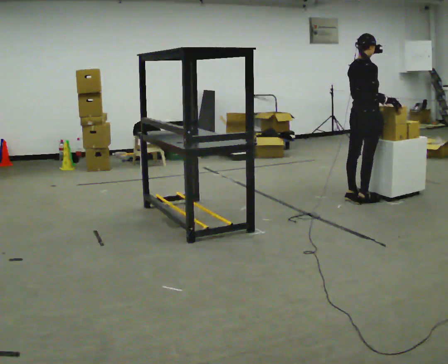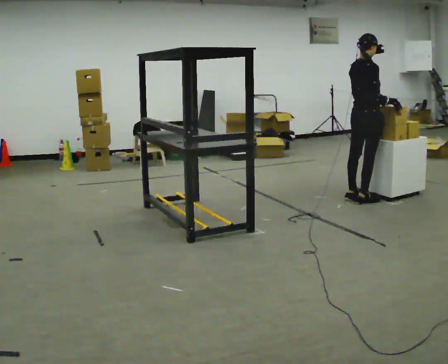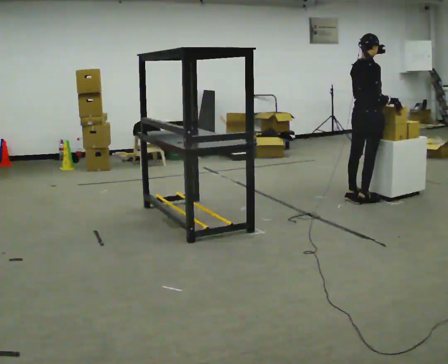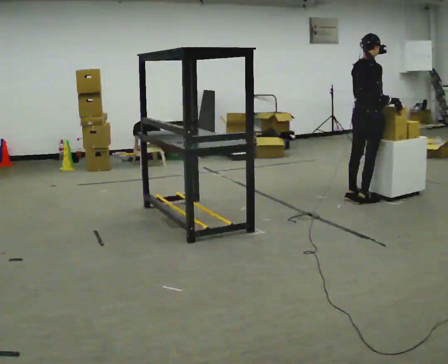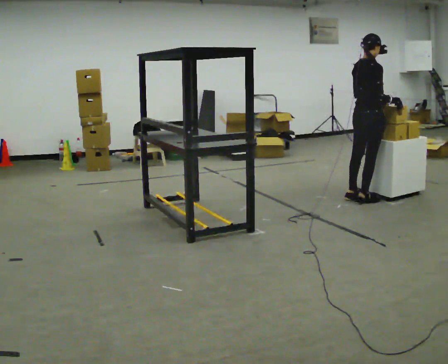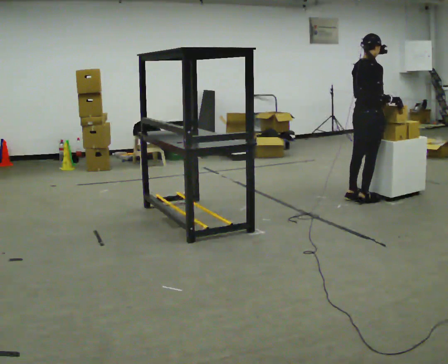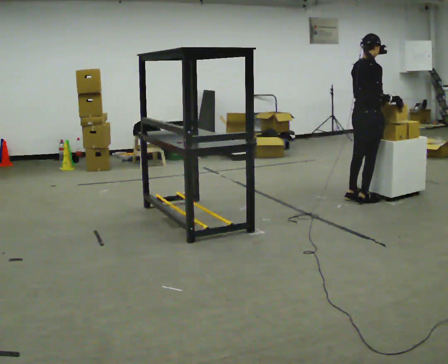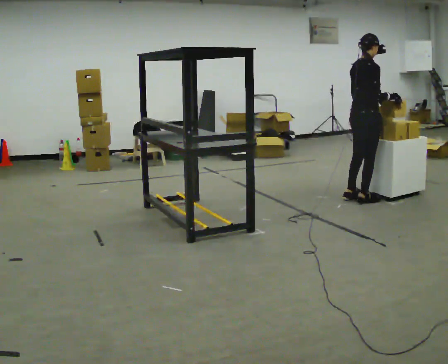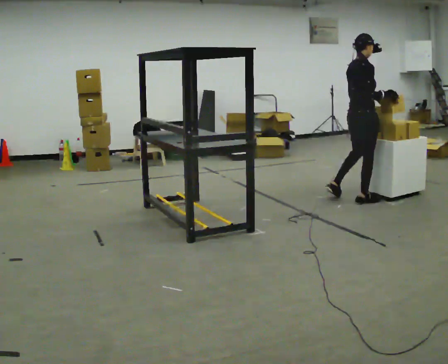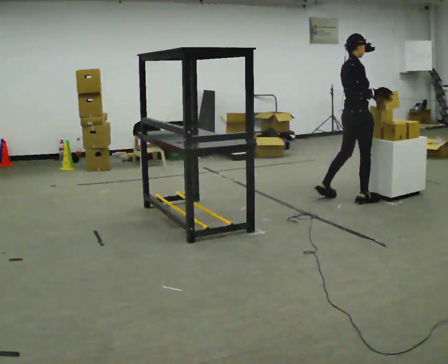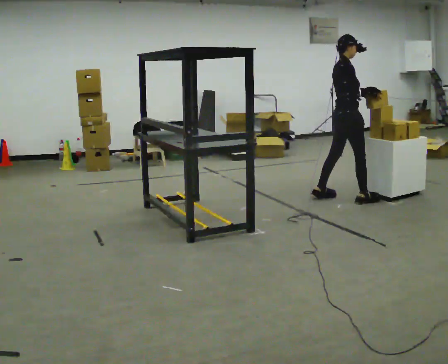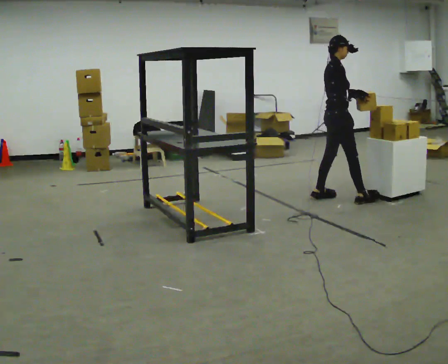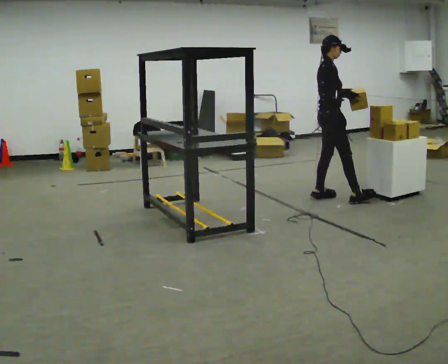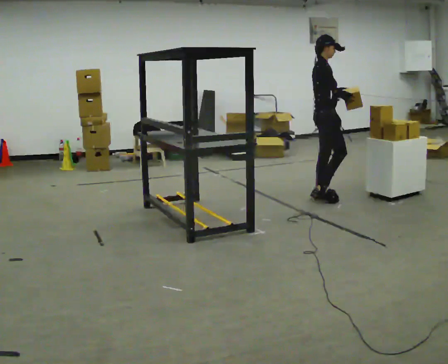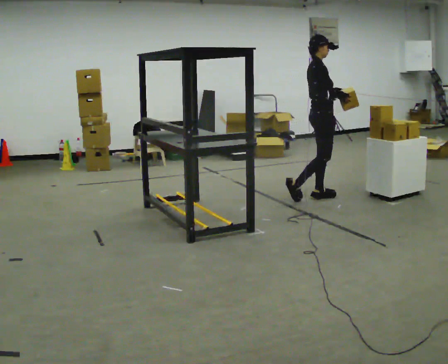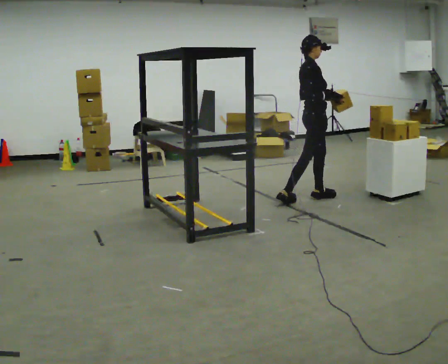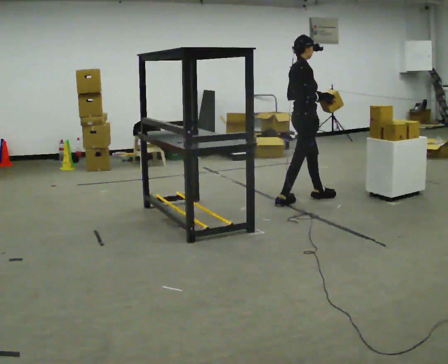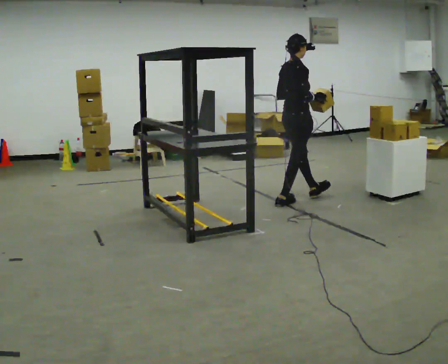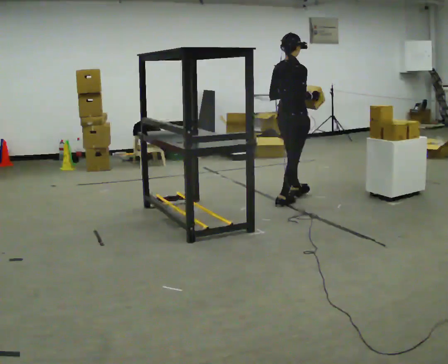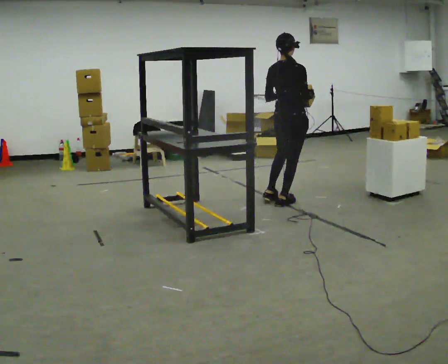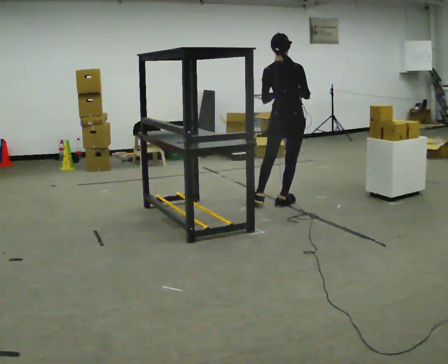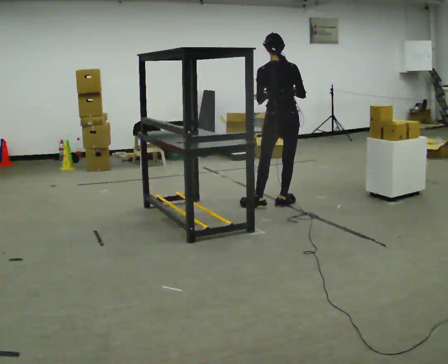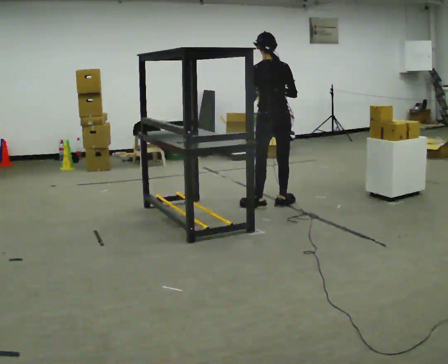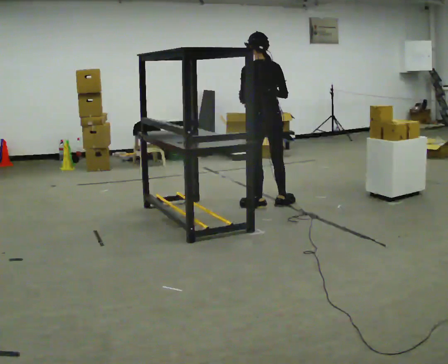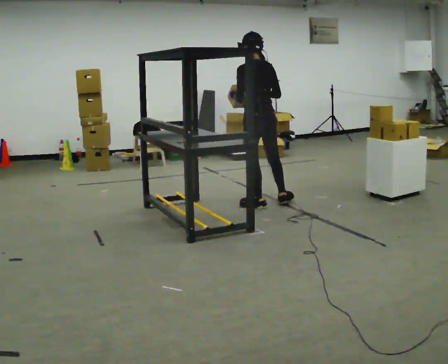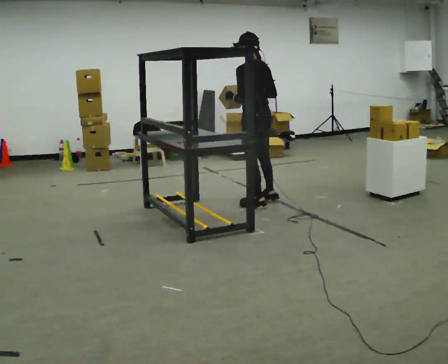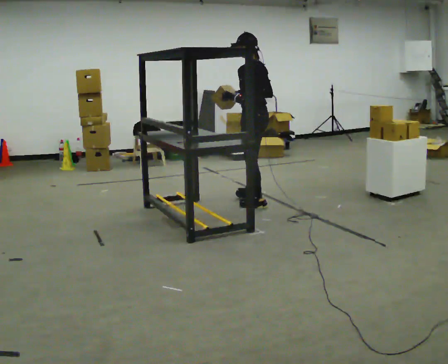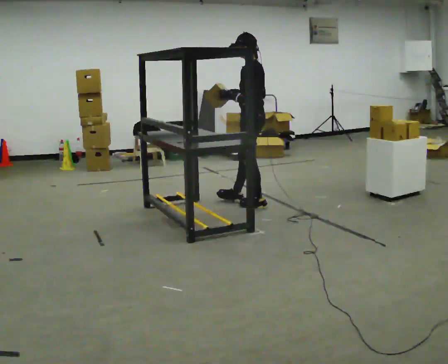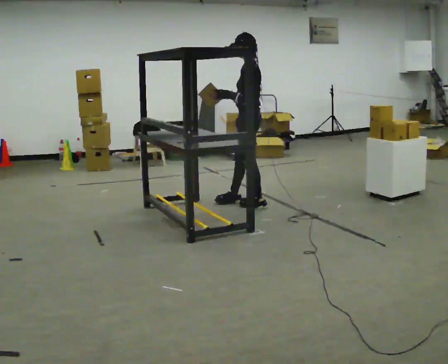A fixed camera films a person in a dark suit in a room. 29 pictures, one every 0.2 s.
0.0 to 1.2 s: The person moves a little, or ends about where they began.
1.2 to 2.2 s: The part of the body nearest the lens slides to the left as the person turns to their right by about 30 degrees. In the picture they go to the left, about 0.25 m in 1 step, which for them is backward and to their left.
2.2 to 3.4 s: In the picture they go to the left, about 0.5 m in 2 steps, which for them is backward and to their right.
3.4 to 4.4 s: Seen from above the body turns counterclockwise, about 75 degrees: to their left, with its near side sliding to the right. In the picture they go to the left, about 0.25 m. In the picture their right hand goes to the left.
4.4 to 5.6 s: The person turns about 75 degrees to their left, counterclockwise seen from above, so the part of the body nearest the lens slides to the right. In the picture they go to the left, about 0.25 m in 1 step. In the picture their right hand goes to the left.
The film runs backward here.
